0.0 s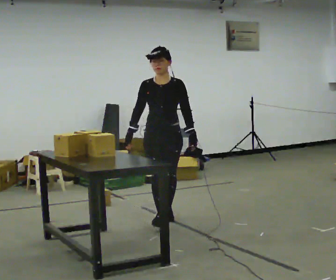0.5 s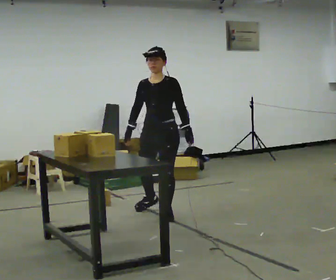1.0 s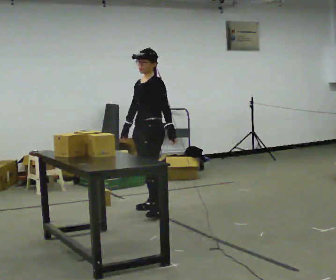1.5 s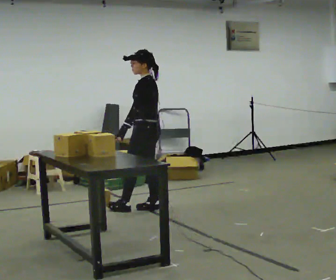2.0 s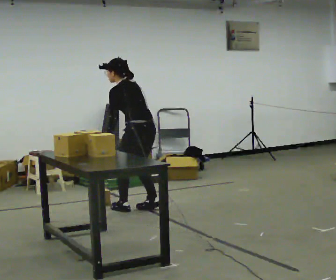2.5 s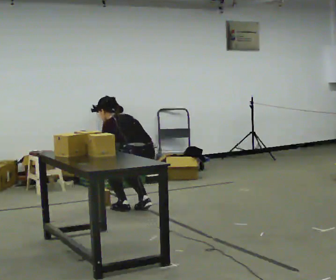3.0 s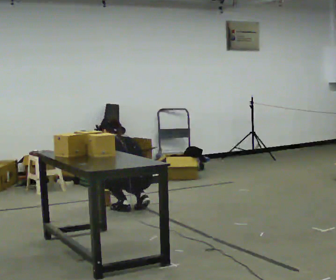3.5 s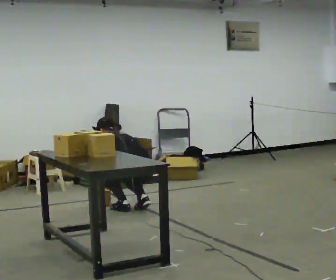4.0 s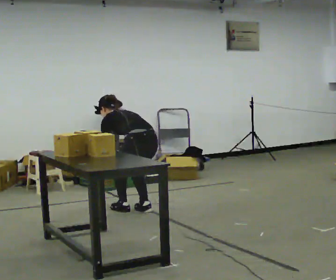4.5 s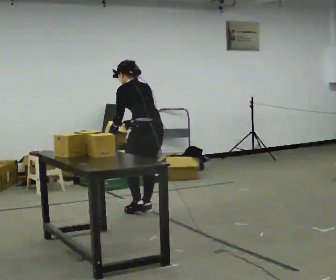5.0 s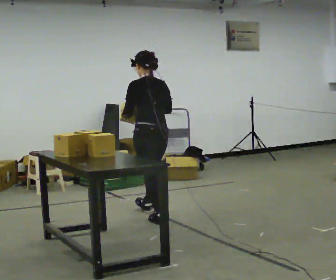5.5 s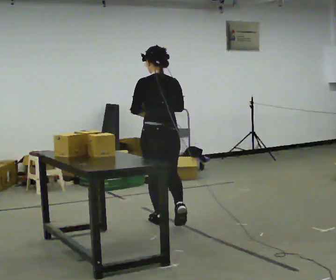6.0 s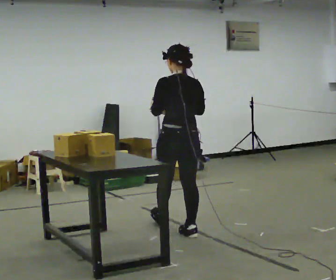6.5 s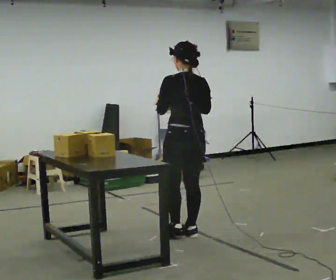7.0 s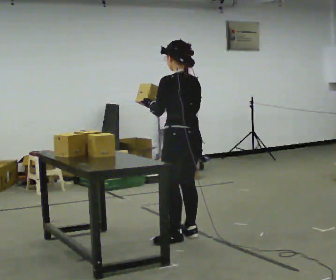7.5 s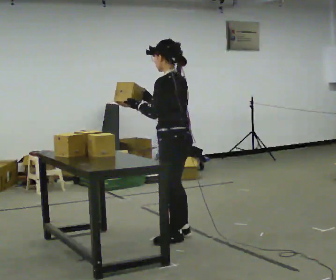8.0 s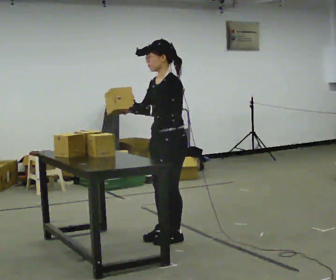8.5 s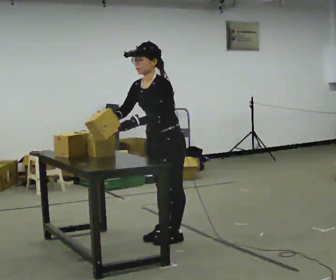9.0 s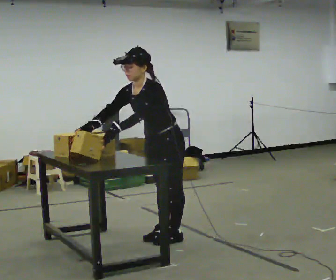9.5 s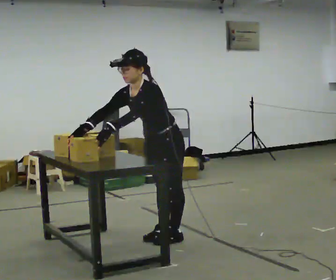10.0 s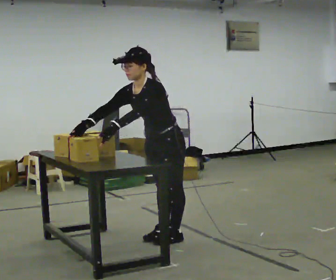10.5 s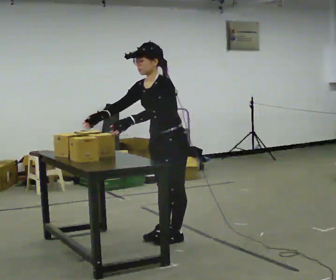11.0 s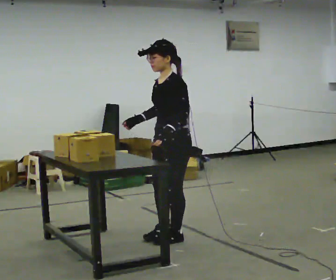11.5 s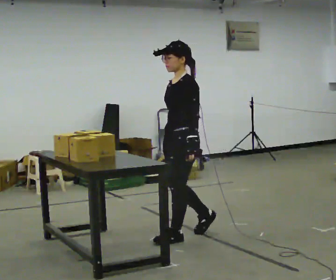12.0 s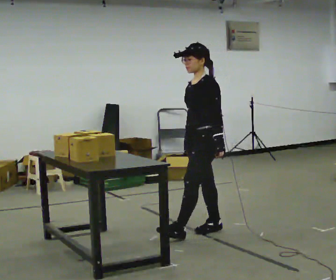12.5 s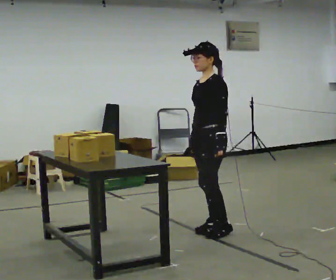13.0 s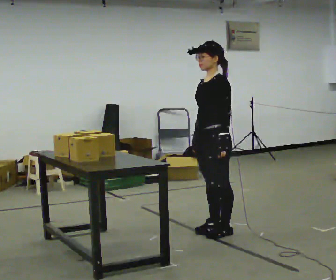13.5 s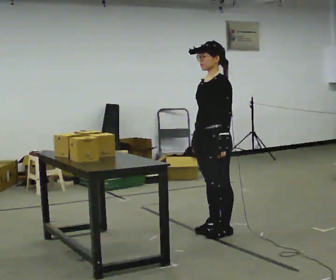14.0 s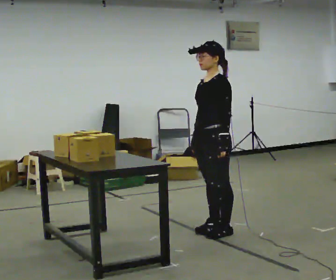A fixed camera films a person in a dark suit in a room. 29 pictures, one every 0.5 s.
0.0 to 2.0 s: The part of the body nearest the lens slides to the left as the person turns to their right by about 135 degrees. In the picture they go away from the camera and to the left, about 0.5 m in 1 step. In the picture the upper body tilts counterclockwise, shoulders to the left, as they bend forward.
2.0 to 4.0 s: The upper body tips away from the camera, its near side rolling upward, as they bend forward. In the picture their right hand goes downward.
4.0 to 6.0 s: Seen from above the body turns clockwise, about 30 degrees: to their right, with its near side sliding to the left. In the picture they go toward the camera and to the right, about 1 m in 3 steps, which for them is backward. The shoulders move upward. In the picture the upper body tilts clockwise, shoulders to the right, as they lean back or straighten. In the picture their left hand goes upward.
6.0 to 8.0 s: The part of the body nearest the lens slides to the right as the person turns to their left by about 90 degrees. In the picture they go toward the camera, about 0.25 m in 1 step. In the picture their right hand goes to the left.
8.0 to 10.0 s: In the picture the upper body tilts counterclockwise, shoulders to the left, as they bend forward. In the picture their right hand goes to the left.
10.0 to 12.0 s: In the picture they go to the right and away from the camera, about 0.25 m in 2 steps, which for them is backward. In the picture the upper body tilts clockwise, shoulders to the right, as they lean back or straighten.
12.0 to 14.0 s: The person moves a little, or ends about where they began.
The film runs backward here.
